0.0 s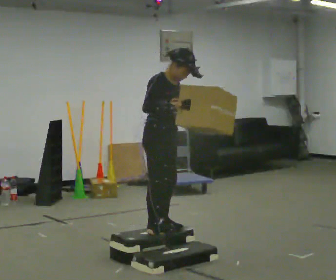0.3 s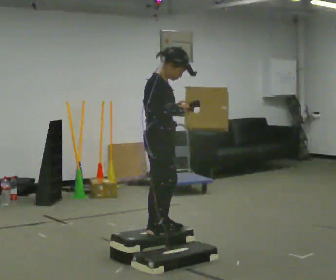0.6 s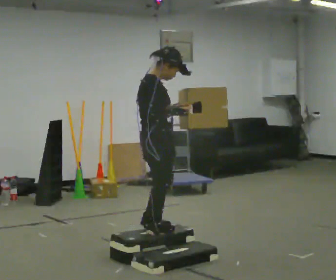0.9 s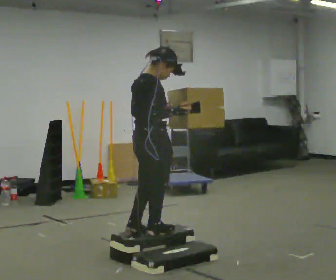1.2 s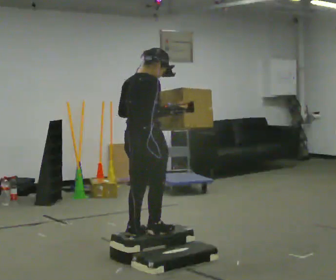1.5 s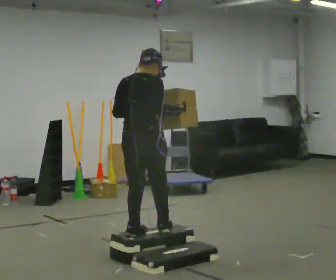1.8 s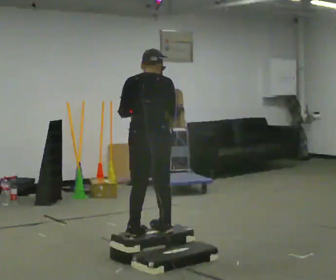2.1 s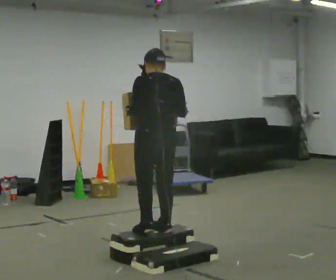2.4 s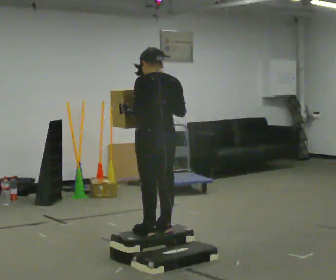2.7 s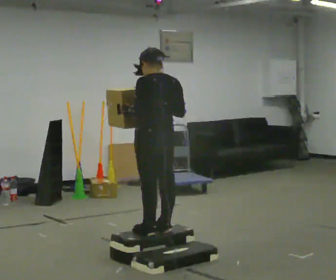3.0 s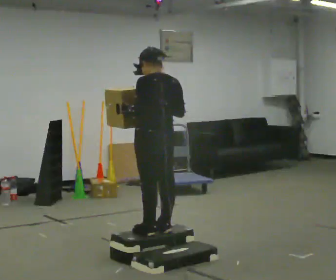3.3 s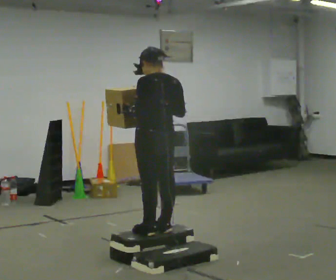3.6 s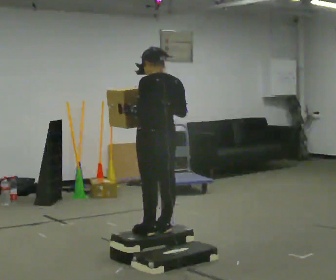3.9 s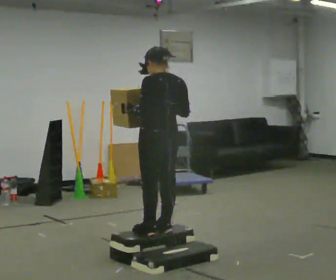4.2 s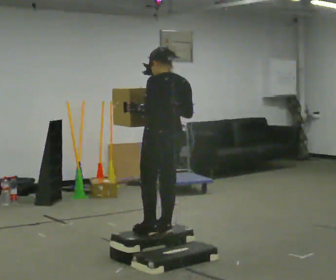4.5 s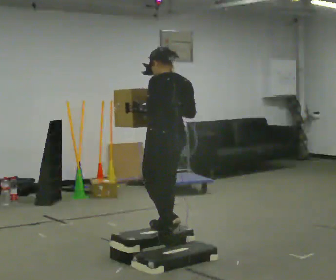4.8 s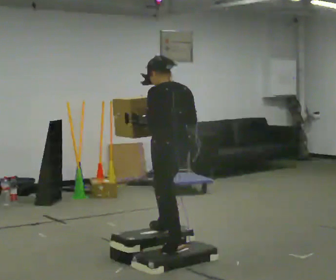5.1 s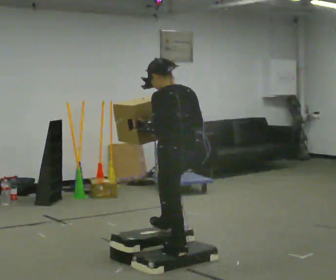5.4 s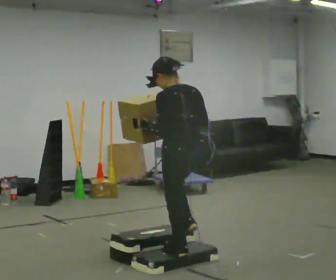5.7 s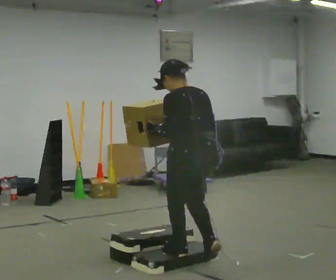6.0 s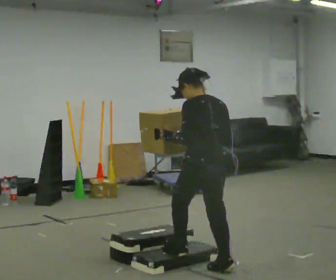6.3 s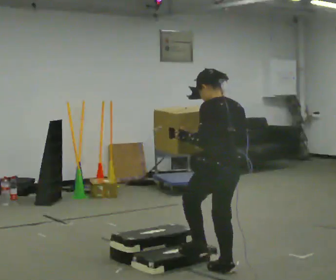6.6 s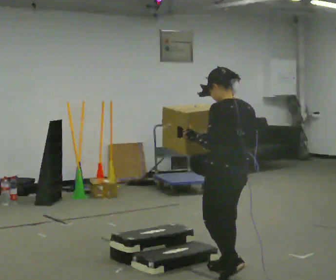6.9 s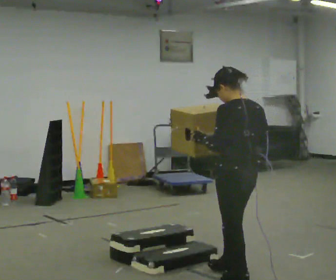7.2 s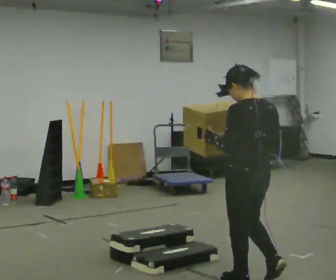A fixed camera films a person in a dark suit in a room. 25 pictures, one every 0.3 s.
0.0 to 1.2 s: Seen from above the body turns counterclockwise, about 75 degrees: to their left, with its near side sliding to the right.
1.2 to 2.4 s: The person turns about 75 degrees to their left, counterclockwise seen from above, so the part of the body nearest the lens slides to the right.
2.4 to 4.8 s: The person moves a little, or ends about where they began.
4.8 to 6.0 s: In the picture they go toward the camera and to the right, about 0.5 m in 1 step, which for them is backward.
6.0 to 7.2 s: In the picture they go toward the camera and to the right, about 0.5 m in 2 steps, which for them is backward.
The film runs backward here.
